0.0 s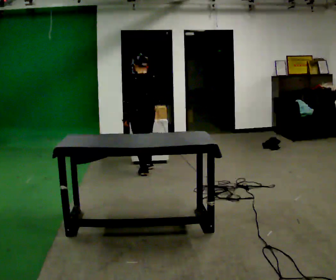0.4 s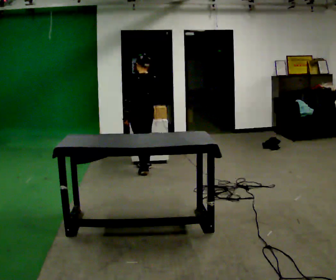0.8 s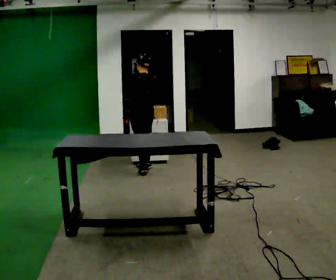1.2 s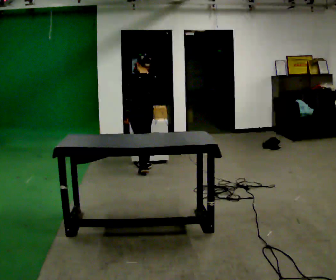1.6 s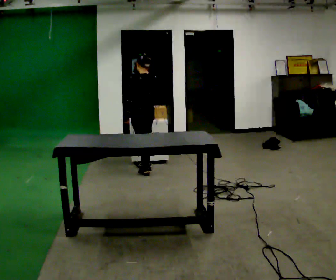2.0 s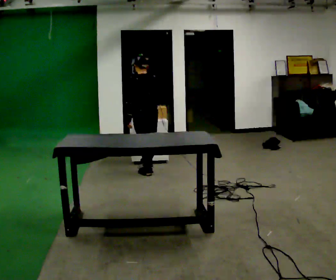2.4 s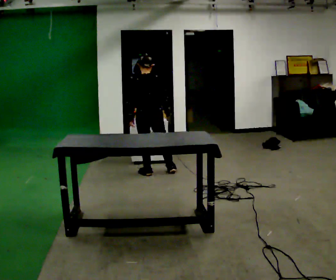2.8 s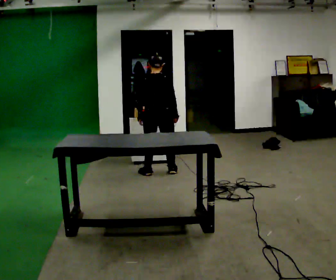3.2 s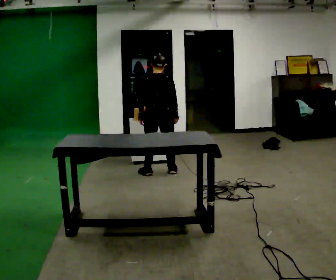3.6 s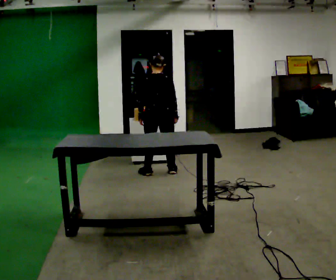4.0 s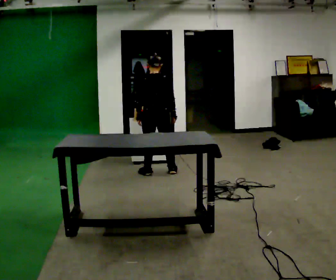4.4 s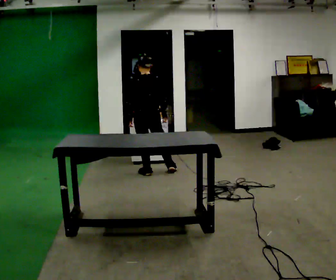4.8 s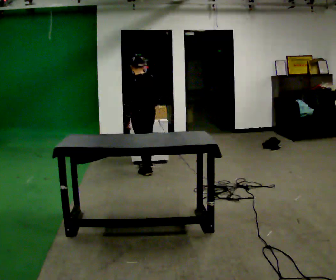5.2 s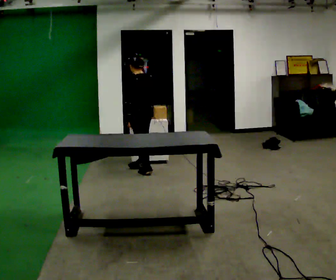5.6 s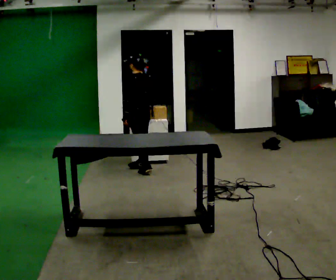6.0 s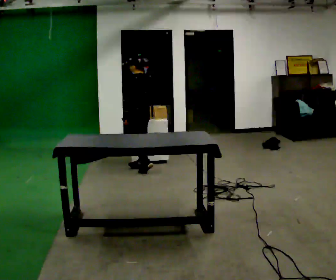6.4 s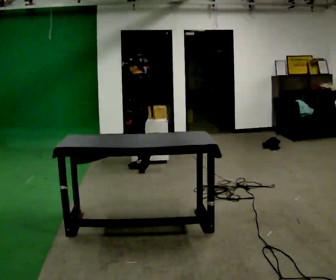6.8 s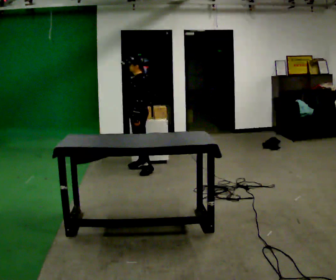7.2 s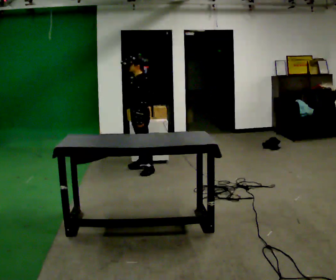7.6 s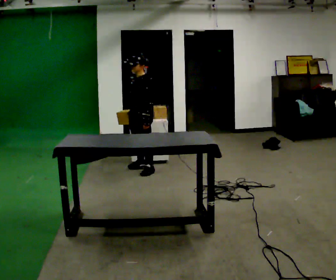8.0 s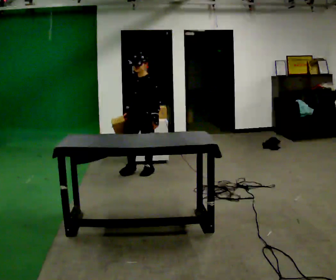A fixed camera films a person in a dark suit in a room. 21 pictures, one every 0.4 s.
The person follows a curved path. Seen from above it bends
clockwise.
0.0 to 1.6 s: The person moves a little, or ends about where they began.
1.6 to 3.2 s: The part of the body nearest the lens slides to the left as the person turns to their right by about 45 degrees. In the picture they go to the right, about 0.25 m in 1 step, which for them is backward and to their right. In the picture their right hand goes to the right.
3.2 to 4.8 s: The part of the body nearest the lens slides to the right as the person turns to their left by about 30 degrees. In the picture they go to the left, about 0.25 m, which for them is to their left.
4.8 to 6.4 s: Seen from above the body turns counterclockwise, about 30 degrees: to their left, with its near side sliding to the right. In the picture they go away from the camera, about 0.25 m in 1 step, which for them is forward.
6.4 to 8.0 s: The part of the body nearest the lens slides to the right as the person turns to their left by about 75 degrees. In the picture they go toward the camera, about 0.25 m.
The film runs forward here.
